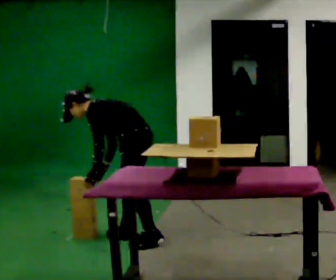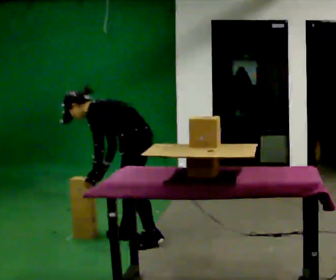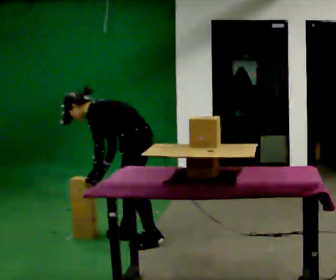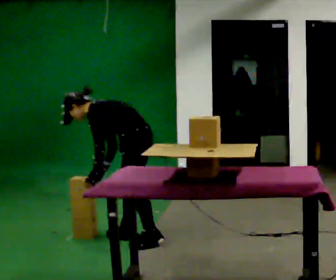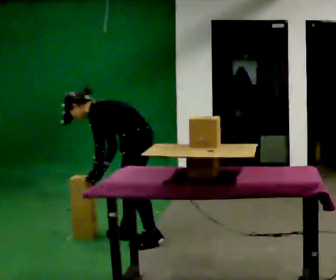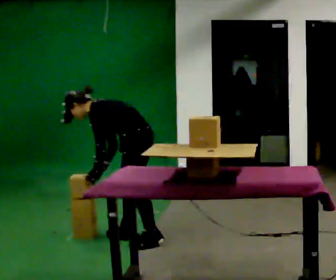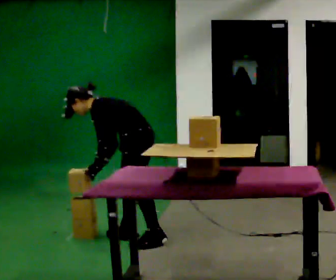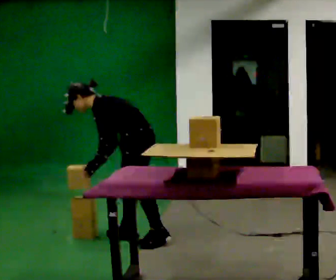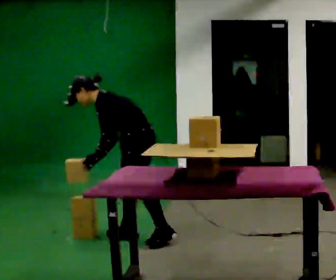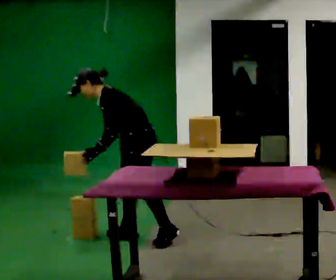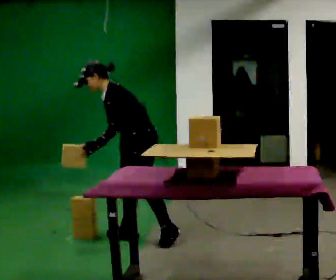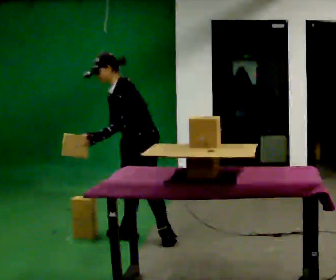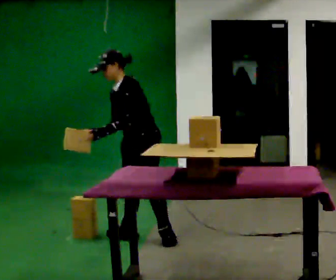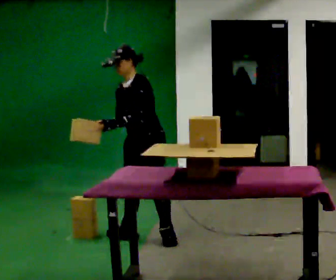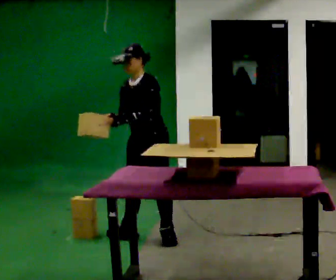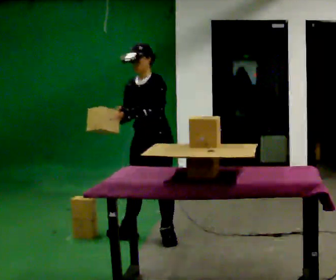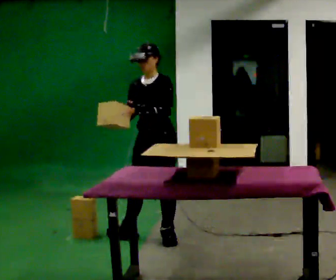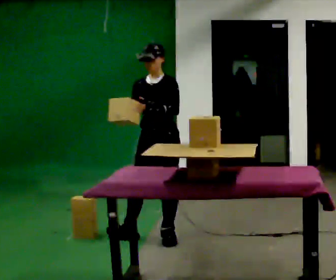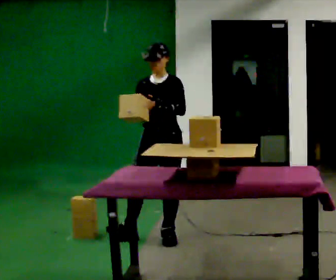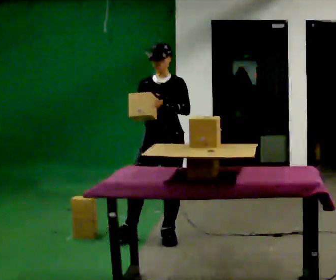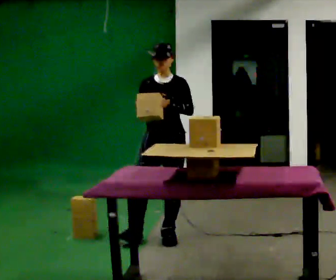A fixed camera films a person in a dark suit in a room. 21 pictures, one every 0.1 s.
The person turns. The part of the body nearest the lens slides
to the right.
The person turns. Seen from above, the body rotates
counterclockwise.
0.0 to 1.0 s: The upper body tips toward the camera, its near side rolling downward, as they lean back or straighten.
1.0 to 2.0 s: The part of the body nearest the lens slides to the right as the person turns to their left by about 60 degrees. In the picture they go to the right, about 0.25 m in 1 step, which for them is to their left. In the picture the upper body tilts clockwise, shoulders to the right, as they lean back or straighten. In the picture their right hand goes to the right and upward.
The film runs forward here.
